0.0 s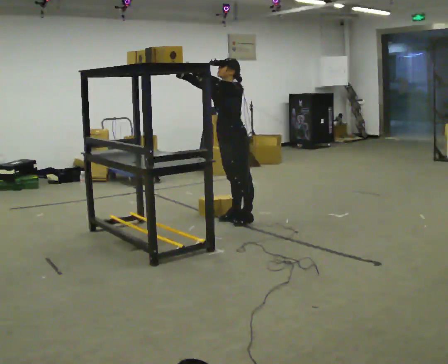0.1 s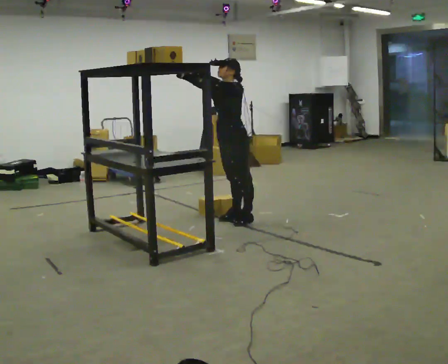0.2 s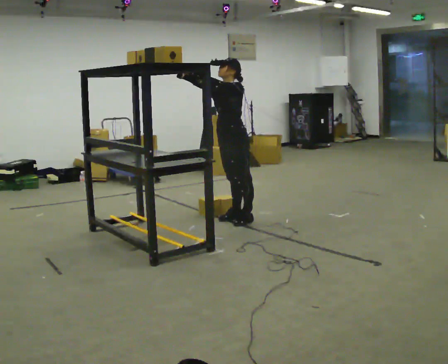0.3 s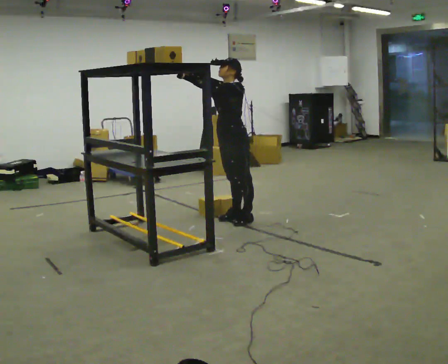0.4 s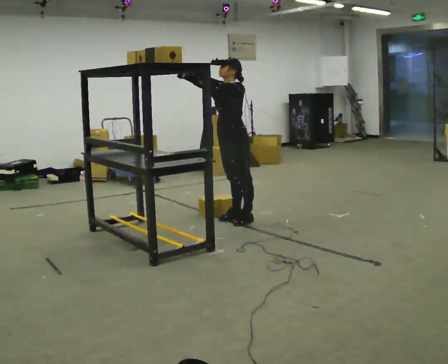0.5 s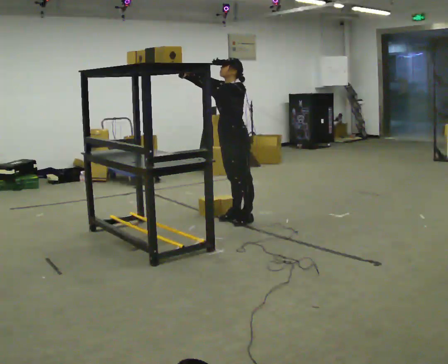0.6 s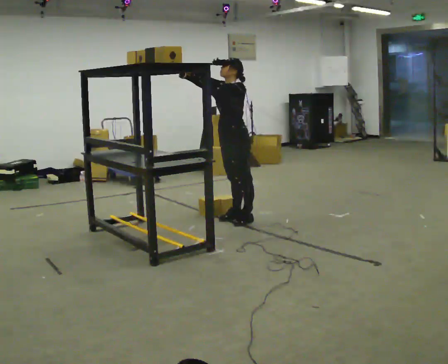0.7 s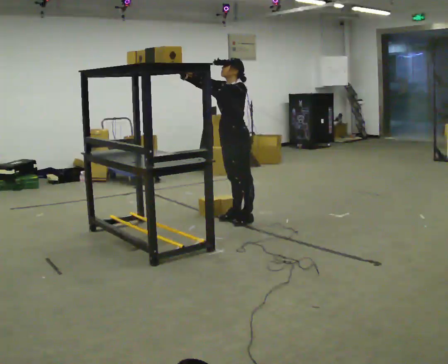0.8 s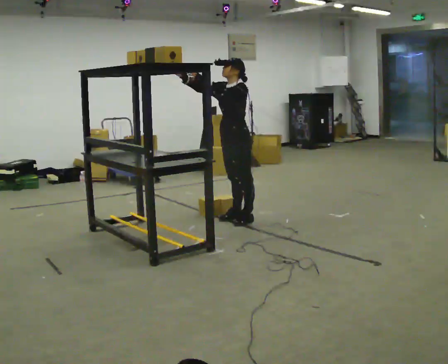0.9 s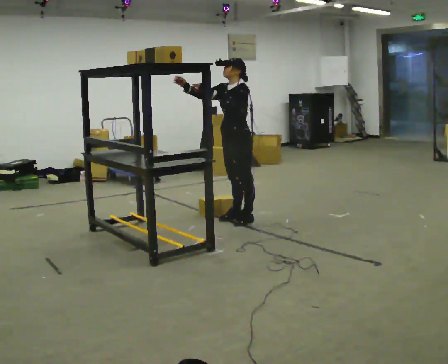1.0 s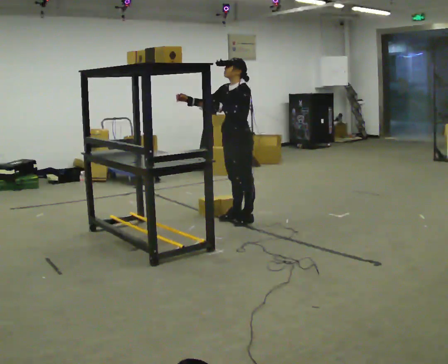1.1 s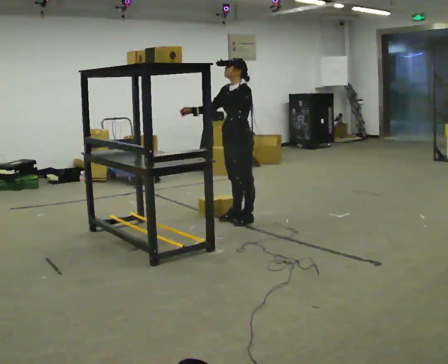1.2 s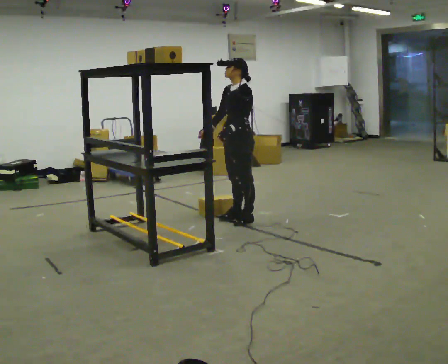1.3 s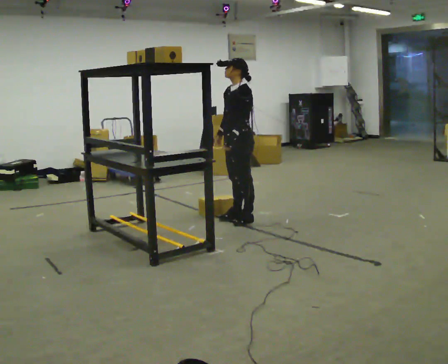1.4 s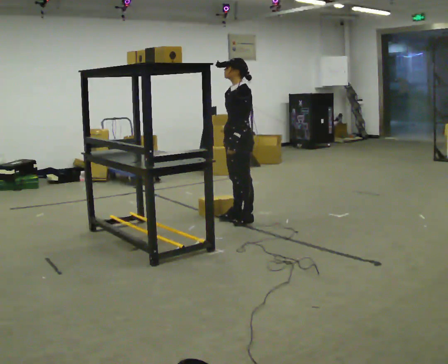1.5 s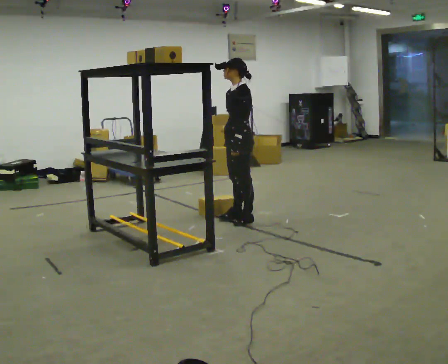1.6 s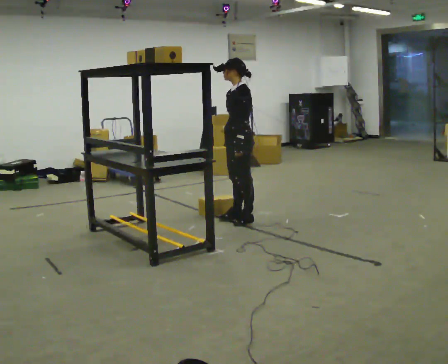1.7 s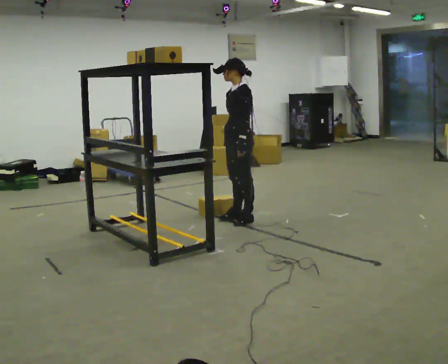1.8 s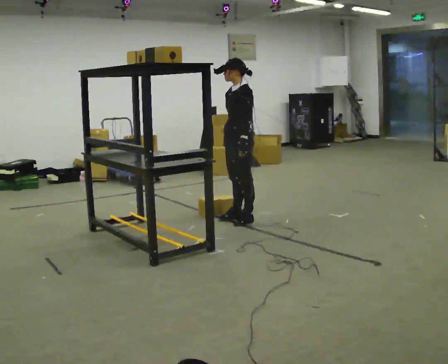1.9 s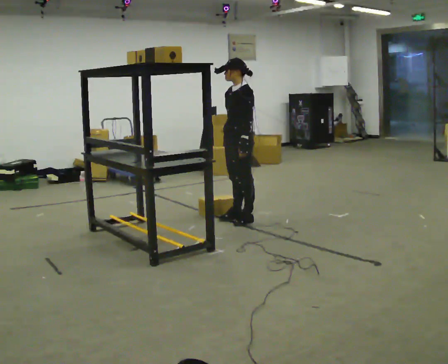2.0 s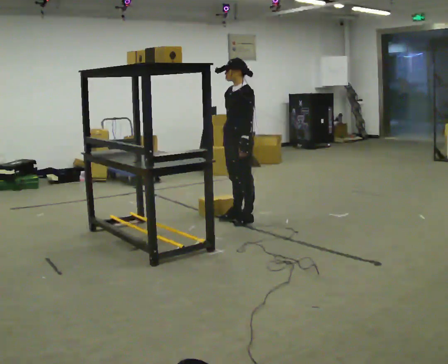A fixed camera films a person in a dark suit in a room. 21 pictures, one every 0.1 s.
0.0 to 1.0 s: The person moves a little, or ends about where they began.
1.0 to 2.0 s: In the picture their right hand goes downward and to the right, the arm swinging counterclockwise.
The film runs backward here.
